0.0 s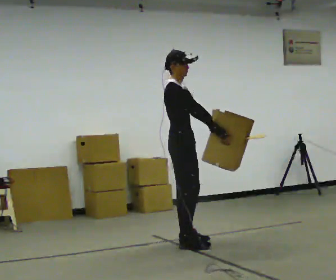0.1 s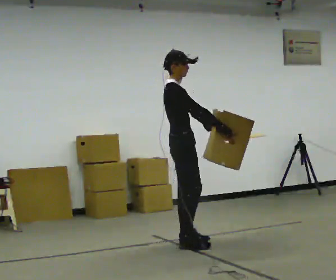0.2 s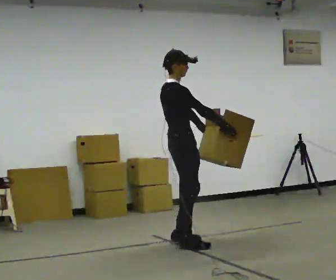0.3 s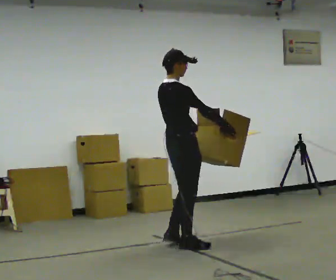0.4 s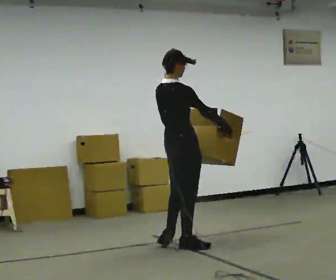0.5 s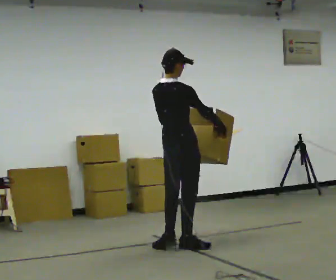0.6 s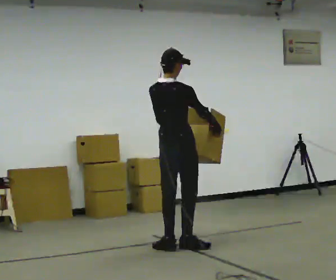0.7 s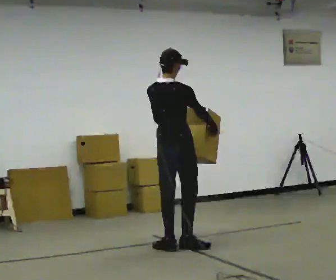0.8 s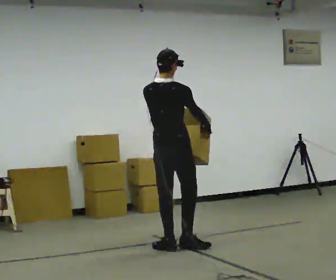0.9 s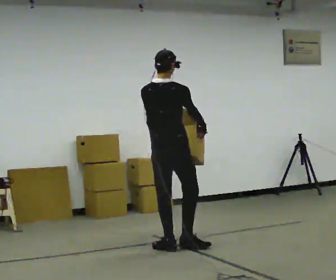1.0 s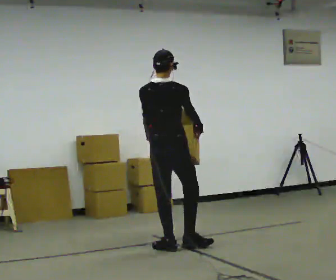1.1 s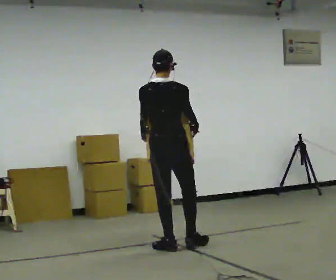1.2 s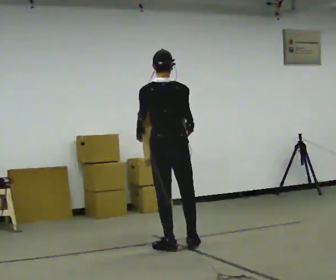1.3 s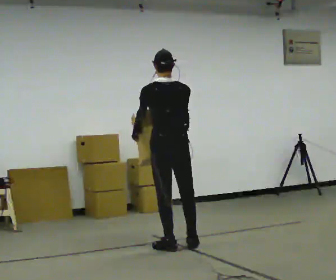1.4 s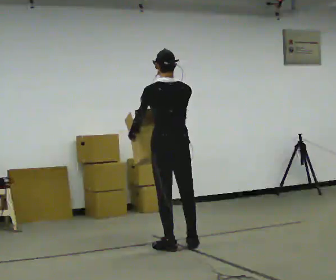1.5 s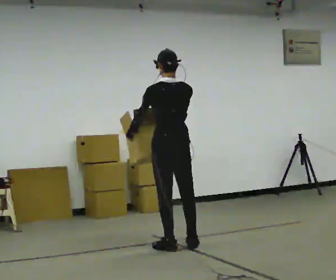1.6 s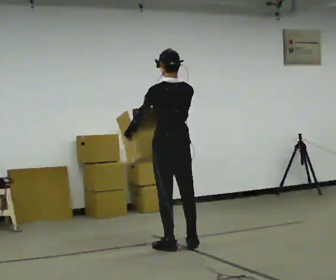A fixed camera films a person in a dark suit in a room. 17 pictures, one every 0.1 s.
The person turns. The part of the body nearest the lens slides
to the right.
The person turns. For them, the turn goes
to their left.
0.0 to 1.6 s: Seen from above the body turns counterclockwise, about 135 degrees: to their left, with its near side sliding to the right. In the picture they go toward the camera, about 0.25 m in 1 step. In the picture their right hand goes to the left.
The film runs backward here.
